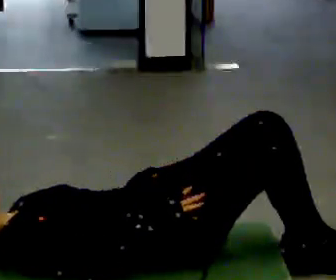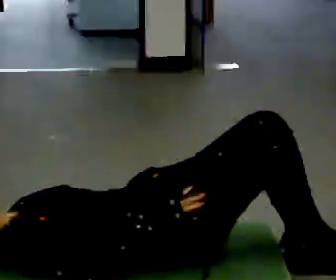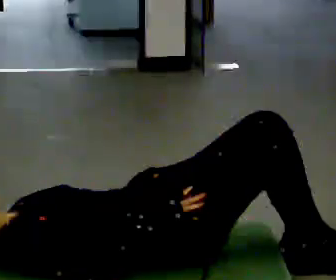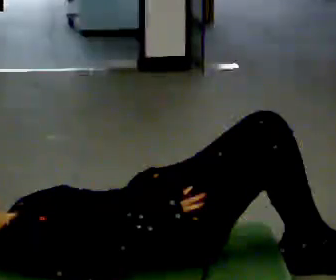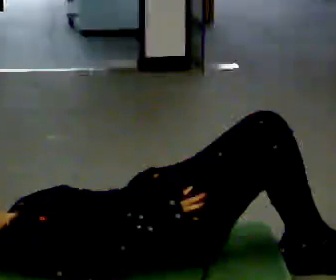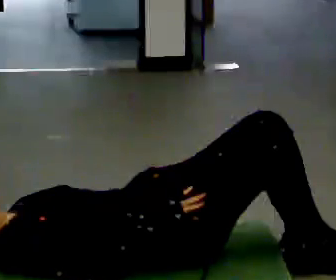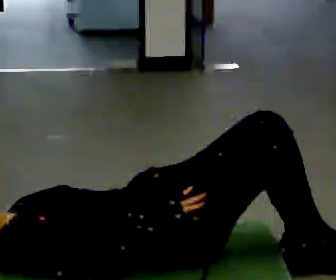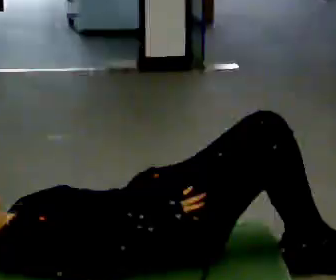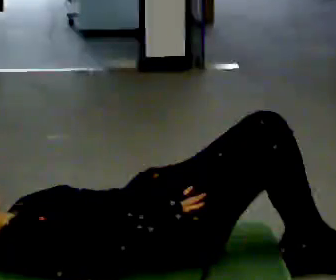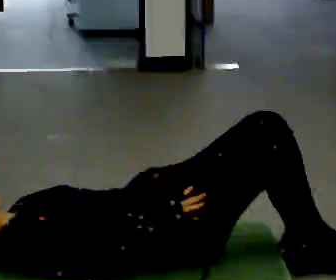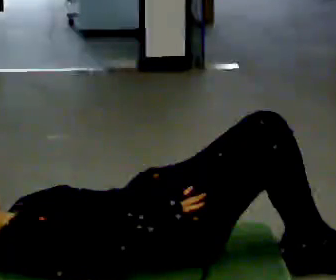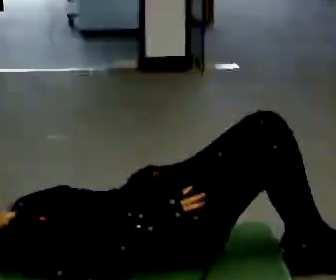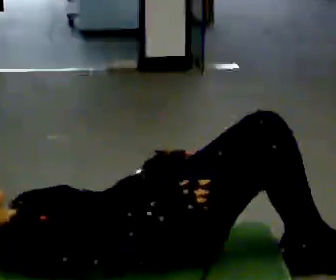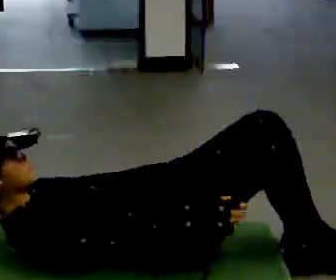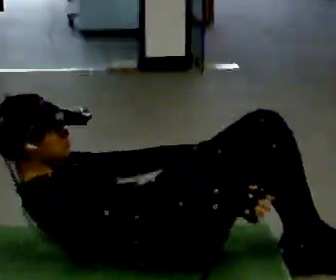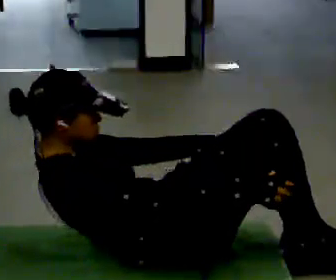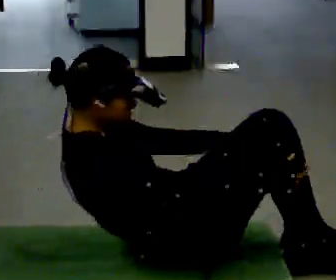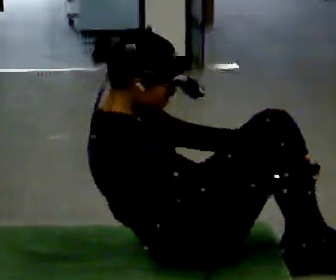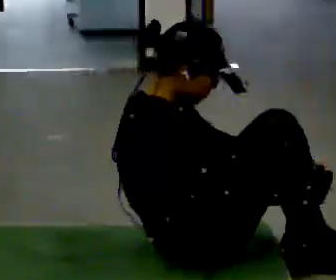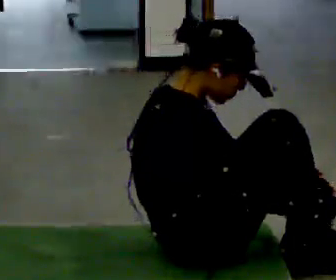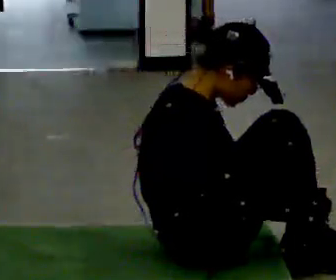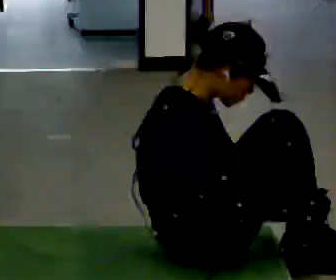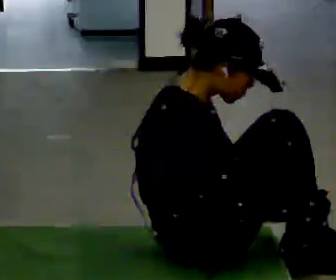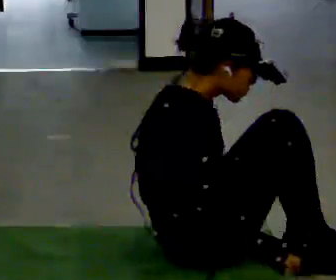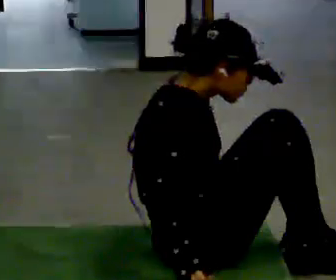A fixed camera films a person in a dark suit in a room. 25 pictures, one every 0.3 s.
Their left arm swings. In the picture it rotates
clockwise.
The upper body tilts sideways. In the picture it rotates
clockwise.
0.0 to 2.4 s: The person keeps their place and pose.
2.4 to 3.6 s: The person moves a little, or ends about where they began.
3.6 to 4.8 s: The shoulders move upward. In the picture the upper body tilts clockwise, shoulders to the right, as they bend forward. In the picture their left hand goes to the right.
4.8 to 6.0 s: In the picture the upper body tilts clockwise, shoulders to the right, as they bend forward.
6.0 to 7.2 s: In the picture their right hand goes to the left.
The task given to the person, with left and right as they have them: From standing, lie down flat on your back, then get back up to standing in whatever way is natural. Repeat the movement at your own pace until the operator says stop; do not rush.
The film runs forward here.
